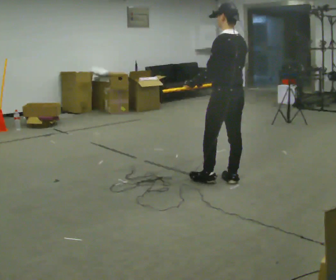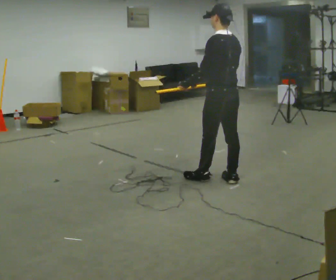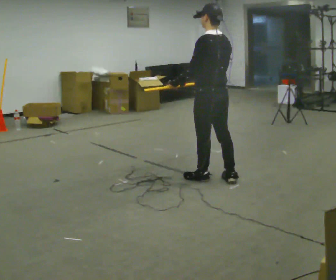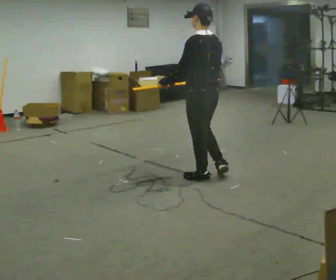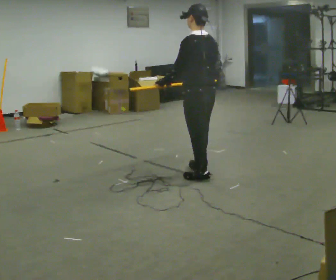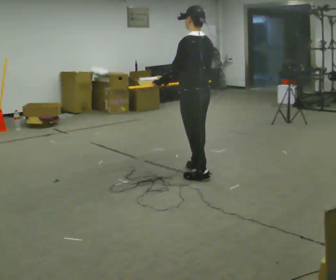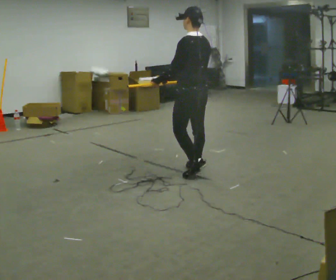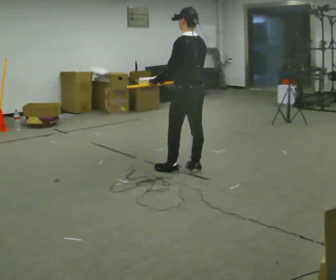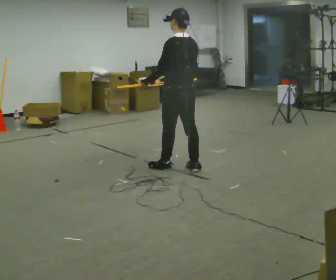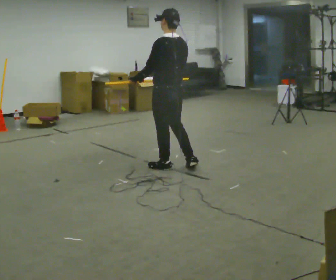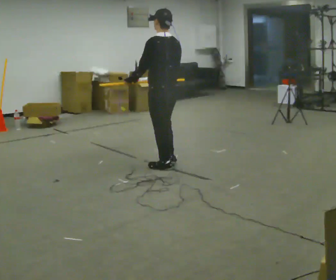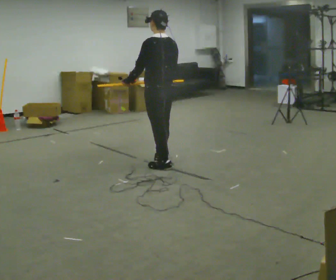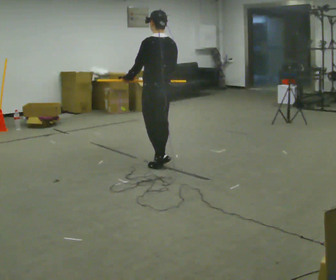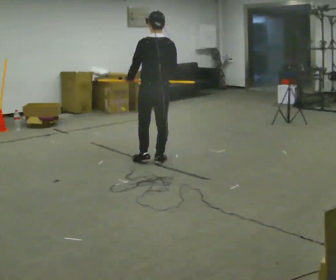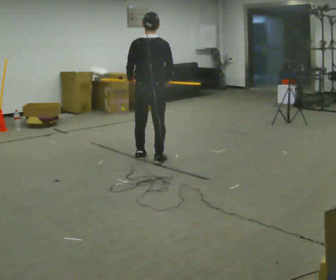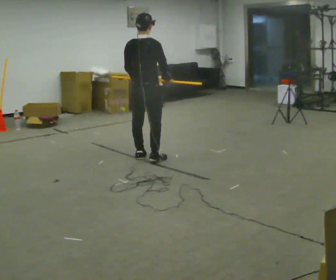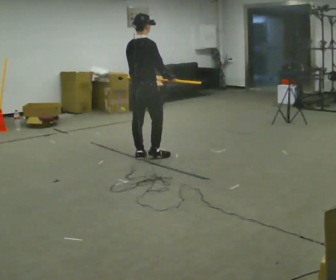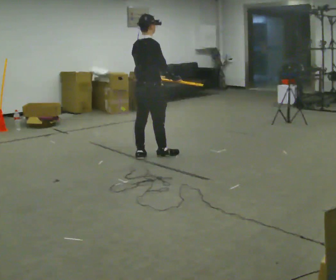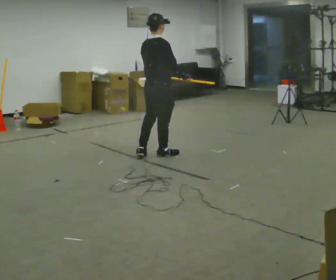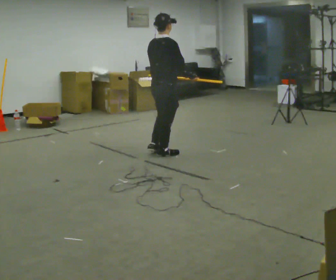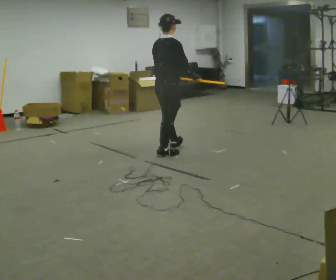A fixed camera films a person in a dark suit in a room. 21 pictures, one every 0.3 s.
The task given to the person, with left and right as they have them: Carry the long object across the room and around the corner, turning without hitting anything. Keep going until the operator says stop; one object at a time, and do not rush between trips.
0.0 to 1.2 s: In the picture they go to the left, about 0.25 m in 1 step, which for them is forward and to their left.
1.2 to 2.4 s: In the picture they go away from the camera and to the left, about 0.25 m in 2 steps, which for them is forward.
2.4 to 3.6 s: In the picture they go away from the camera and to the left, about 0.25 m in 1 step, which for them is forward.
3.6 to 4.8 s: The person turns about 75 degrees to their right, clockwise seen from above, so the part of the body nearest the lens slides to the left. In the picture they go away from the camera and to the left, about 0.25 m in 1 step.
4.8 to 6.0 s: In the picture they go to the right, about 0.25 m in 2 steps, which for them is forward.
The film runs forward here.
